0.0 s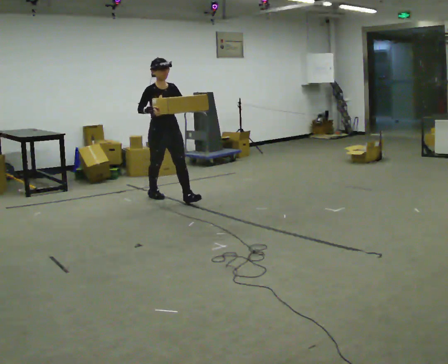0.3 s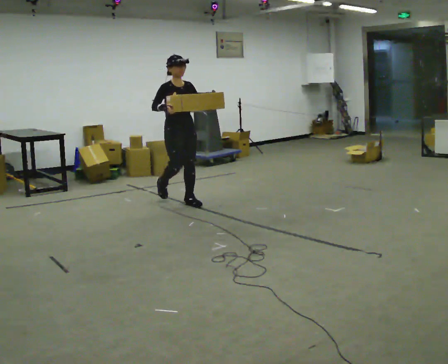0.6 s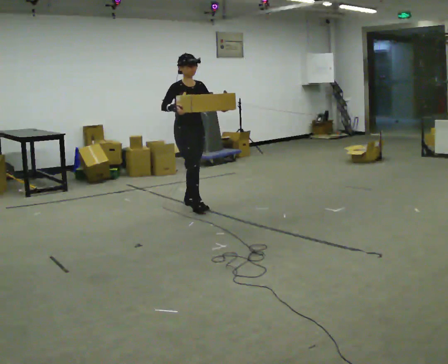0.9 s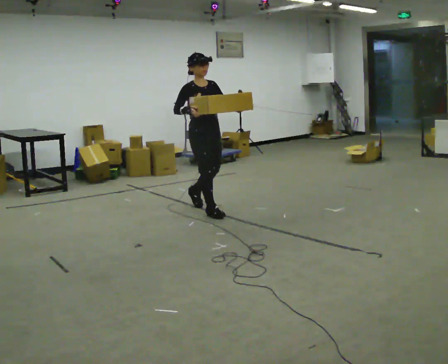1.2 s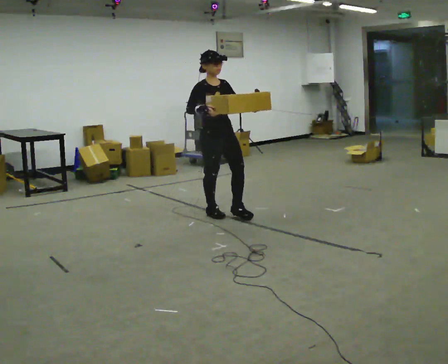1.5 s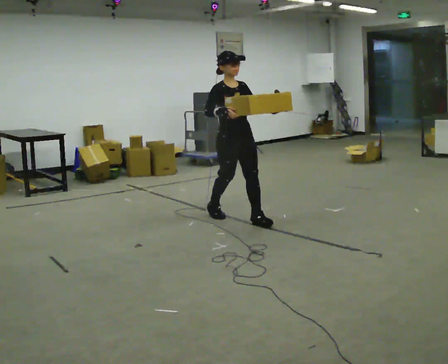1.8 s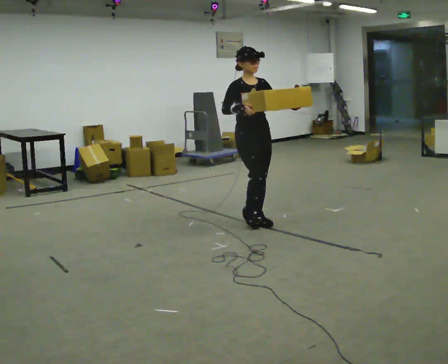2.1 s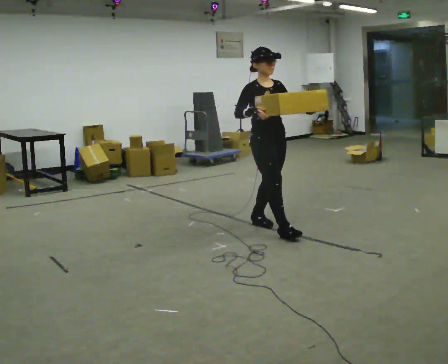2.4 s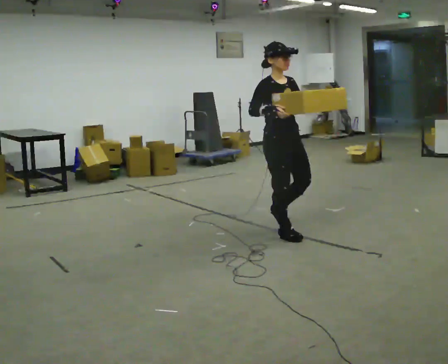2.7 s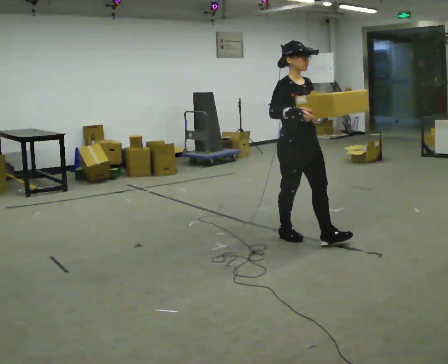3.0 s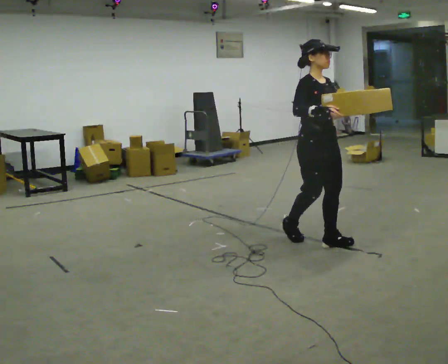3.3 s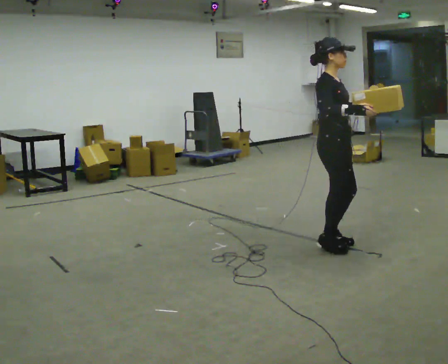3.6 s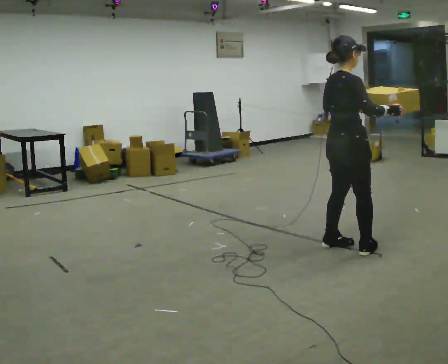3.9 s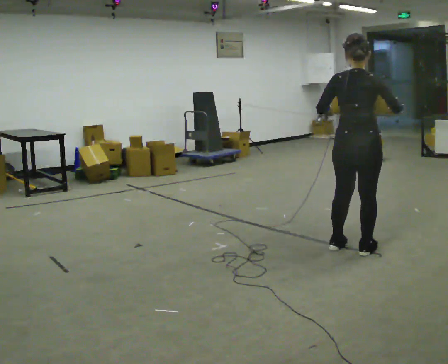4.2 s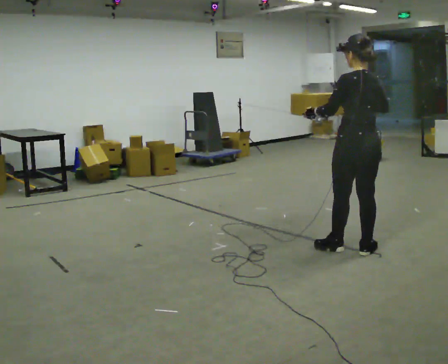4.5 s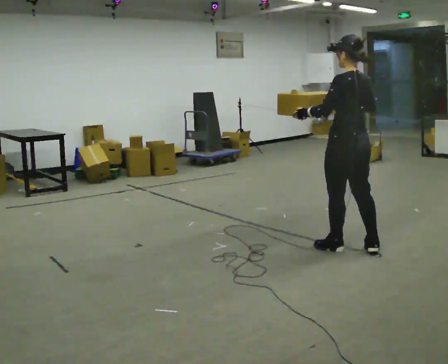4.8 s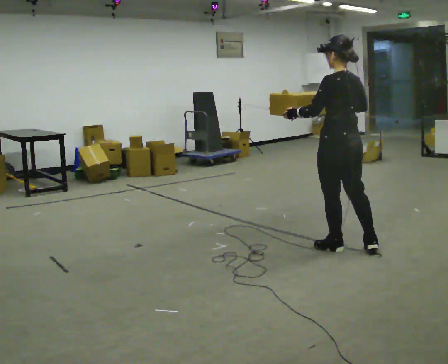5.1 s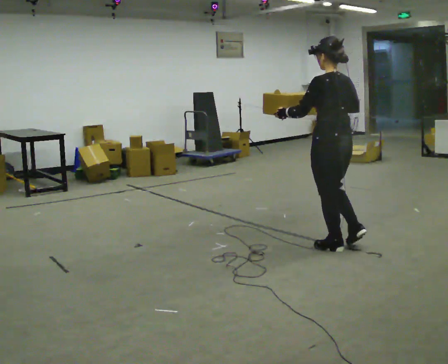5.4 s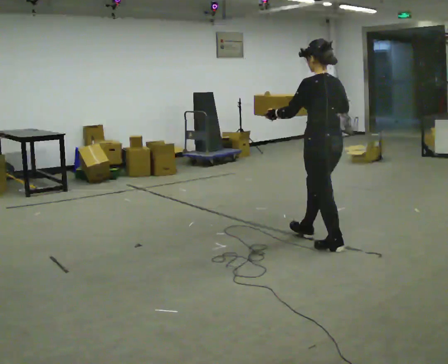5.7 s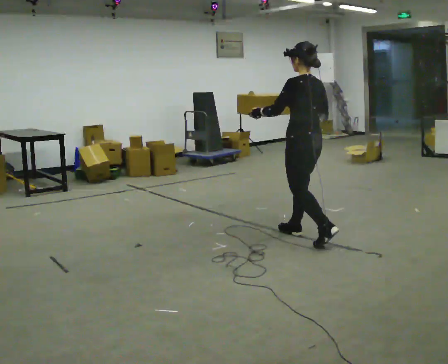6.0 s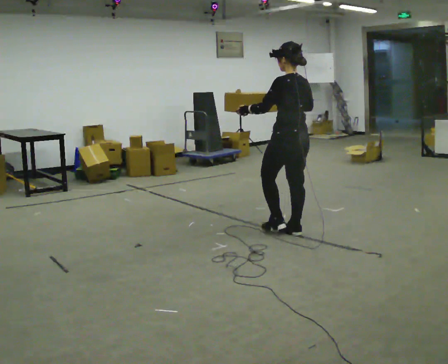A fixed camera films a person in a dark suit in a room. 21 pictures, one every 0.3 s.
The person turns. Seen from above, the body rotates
counterclockwise.
The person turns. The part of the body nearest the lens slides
to the right.
0.0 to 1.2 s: In the picture they go to the right and toward the camera, about 1 m in 2 steps, which for them is forward.
1.2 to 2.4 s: In the picture they go to the right and toward the camera, about 1 m in 2 steps, which for them is forward.
2.4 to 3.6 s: The person turns about 75 degrees to their left, counterclockwise seen from above, so the part of the body nearest the lens slides to the right. In the picture they go to the right and toward the camera, about 0.5 m in 2 steps.
3.6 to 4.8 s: The part of the body nearest the lens slides to the right as the person turns to their left by about 105 degrees. In the picture their right hand goes to the left.
4.8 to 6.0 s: In the picture they go away from the camera and to the left, about 0.5 m in 1 step, which for them is forward.
The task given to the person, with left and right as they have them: Carry the medium box in both hands in front of you, walking back and forth across the room. Keep walking until the operator says stop.
The film runs forward here.
